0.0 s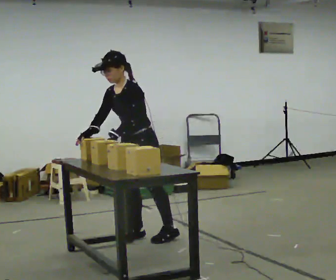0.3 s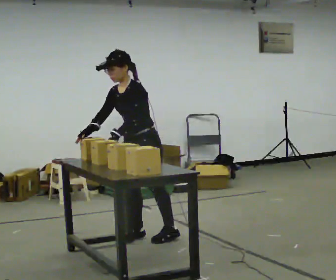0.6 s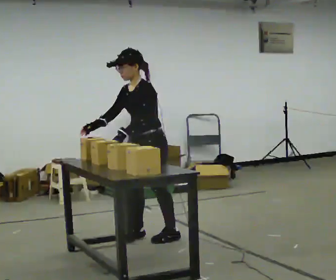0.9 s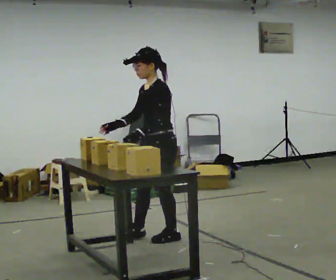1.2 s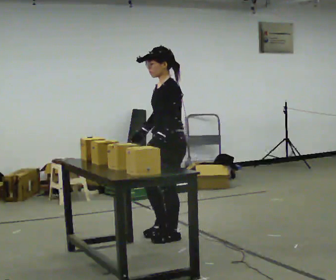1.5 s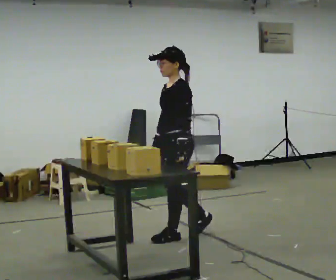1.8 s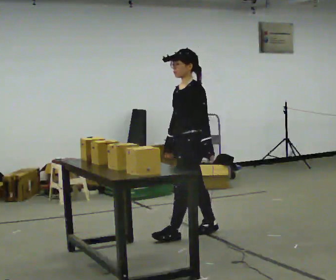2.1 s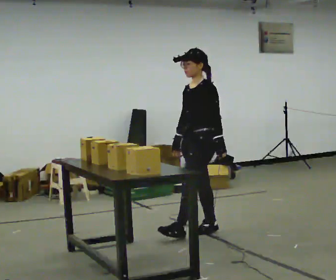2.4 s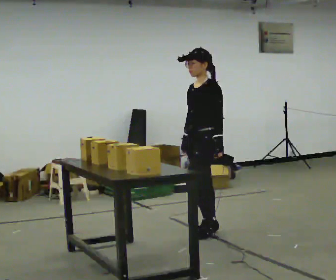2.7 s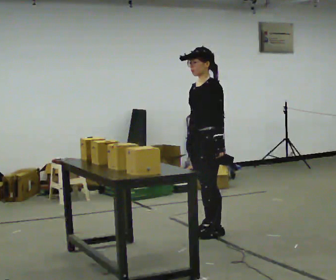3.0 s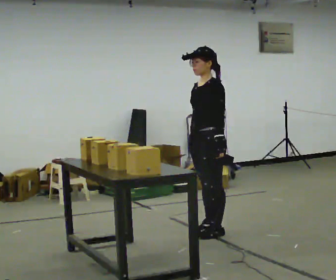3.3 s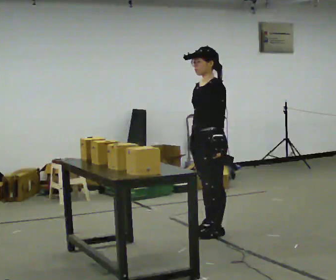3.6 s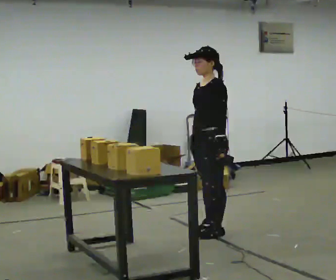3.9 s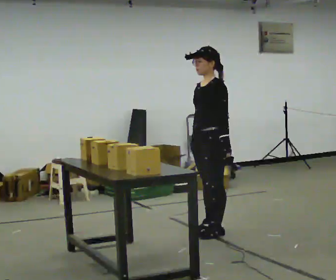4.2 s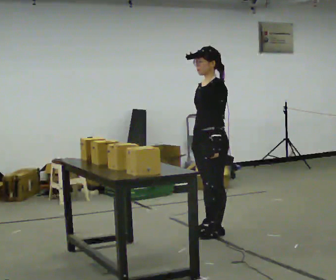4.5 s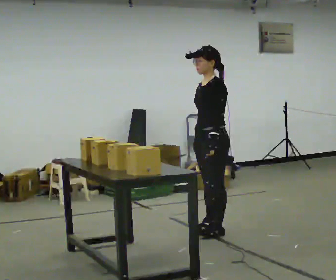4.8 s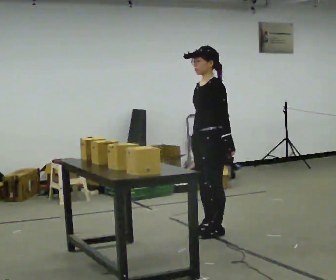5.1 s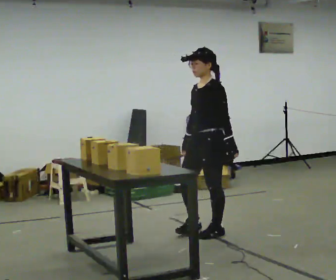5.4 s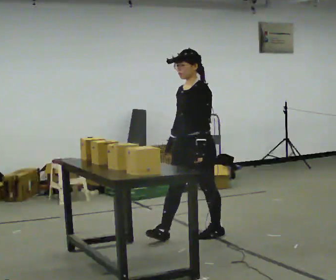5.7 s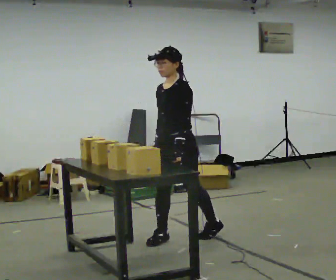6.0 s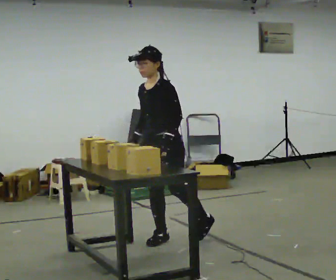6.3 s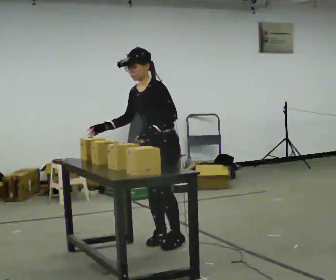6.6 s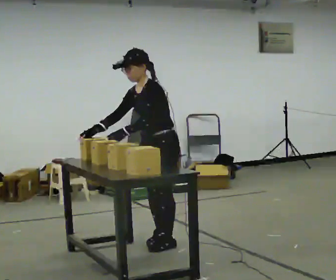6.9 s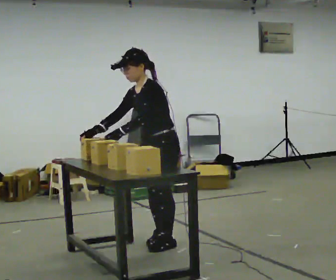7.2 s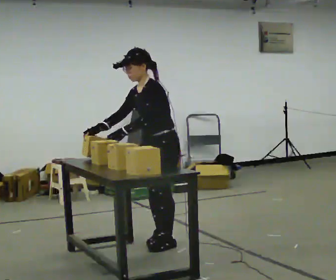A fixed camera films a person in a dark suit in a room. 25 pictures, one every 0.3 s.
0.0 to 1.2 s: In the picture they go to the right, about 0.25 m in 1 step, which for them is to their left and backward. In the picture the upper body tilts clockwise, shoulders to the right, as they lean back or straighten.
1.2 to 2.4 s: In the picture they go to the right and away from the camera, about 0.25 m in 1 step, which for them is backward.
2.4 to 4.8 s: The person moves a little, or ends about where they began.
4.8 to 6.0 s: The part of the body nearest the lens slides to the right as the person turns to their left by about 30 degrees. In the picture they go to the left and toward the camera, about 0.5 m in 2 steps, which for them is forward.
6.0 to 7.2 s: The person moves a little, or ends about where they began.
The film runs backward here.
